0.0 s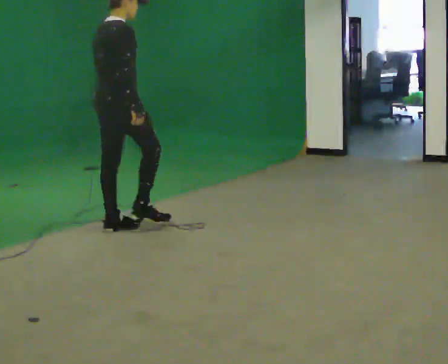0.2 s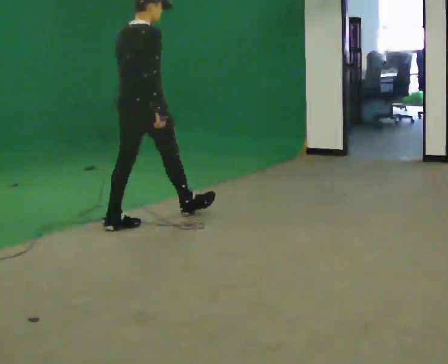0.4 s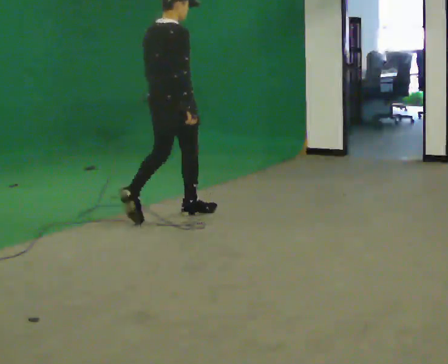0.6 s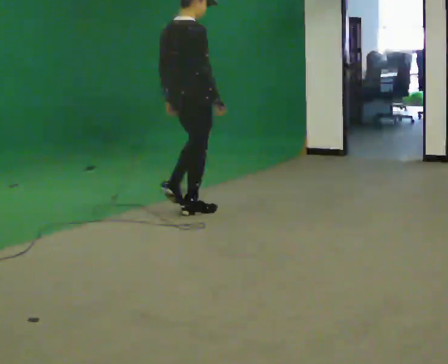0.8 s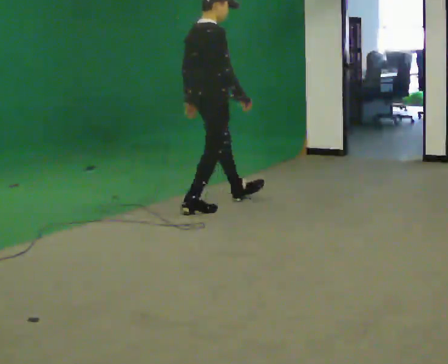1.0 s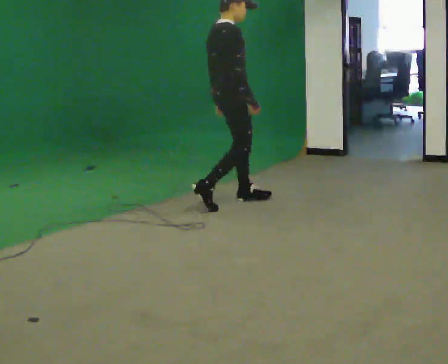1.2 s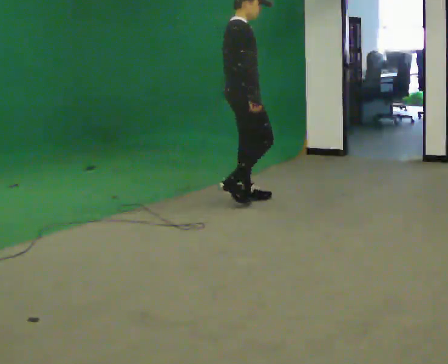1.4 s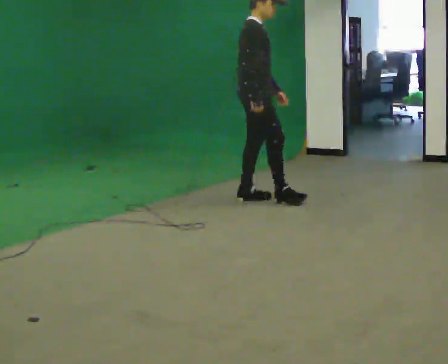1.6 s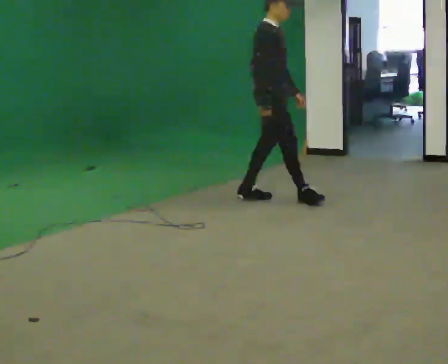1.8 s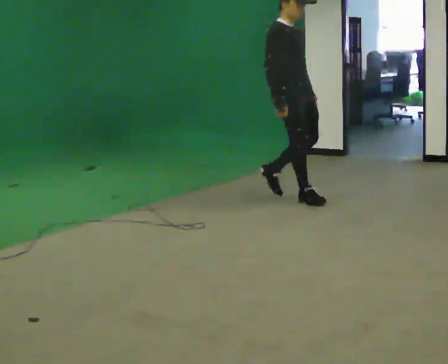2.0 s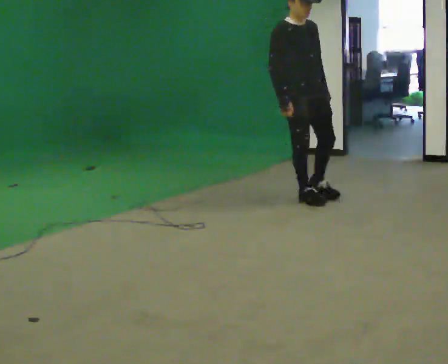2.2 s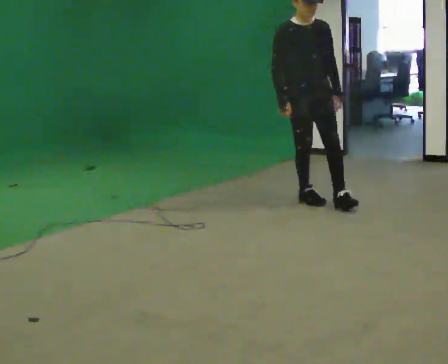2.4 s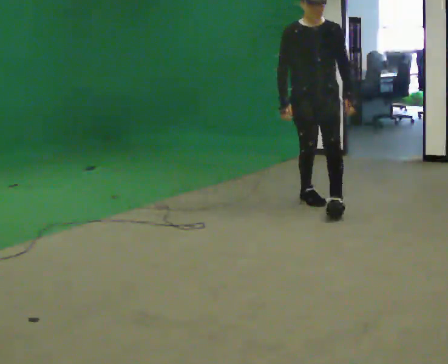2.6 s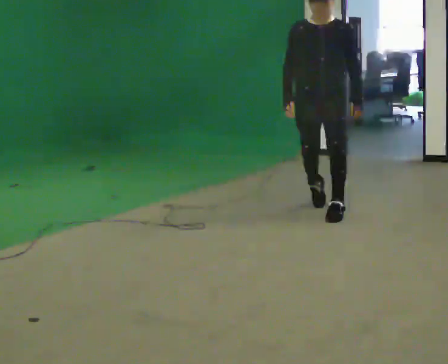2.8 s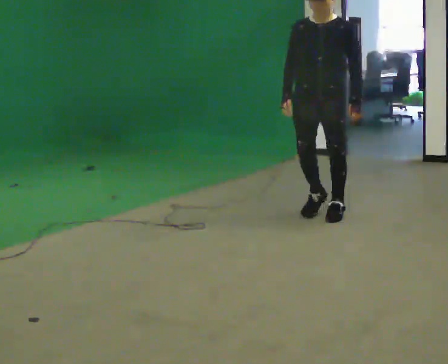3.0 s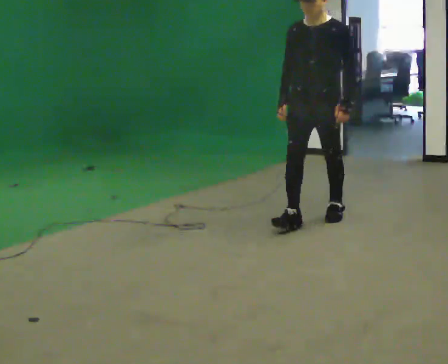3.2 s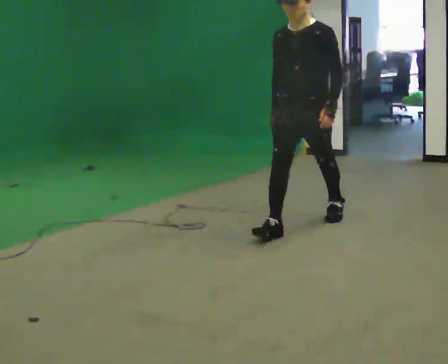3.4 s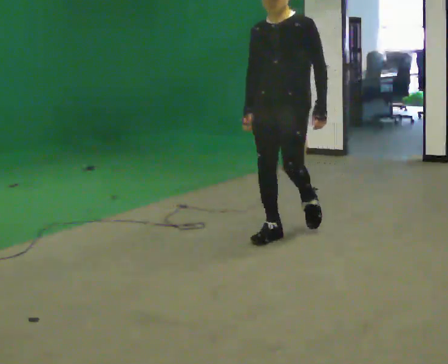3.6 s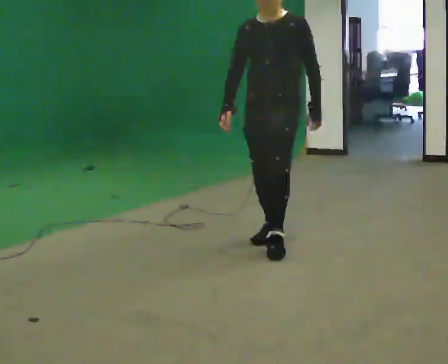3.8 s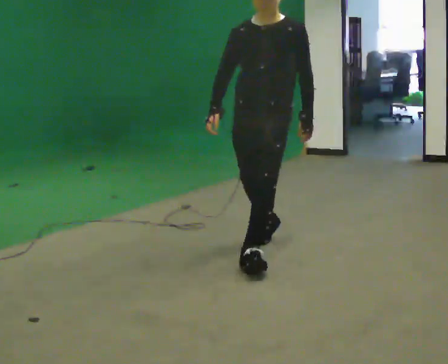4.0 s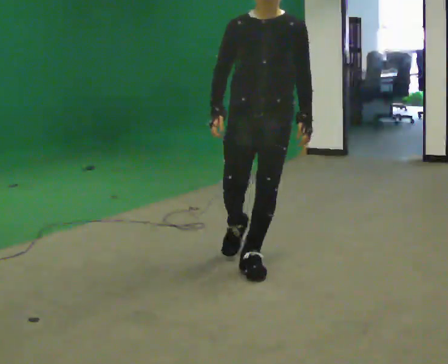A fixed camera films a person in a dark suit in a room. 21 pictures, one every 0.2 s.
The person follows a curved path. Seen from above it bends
clockwise.
0.0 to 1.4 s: Seen from above the body turns clockwise, about 45 degrees: to their right, with its near side sliding to the left. In the picture they go to the right and away from the camera, about 1 m in 2 steps, which for them is forward.
1.4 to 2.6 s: The part of the body nearest the lens slides to the left as the person turns to their right by about 90 degrees. In the picture they go to the right and toward the camera, about 0.75 m in 2 steps.
2.6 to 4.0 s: In the picture they go toward the camera, about 1.5 m in 2 steps, which for them is forward.
The film runs forward here.
